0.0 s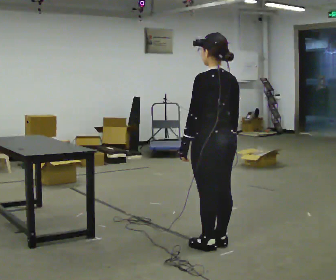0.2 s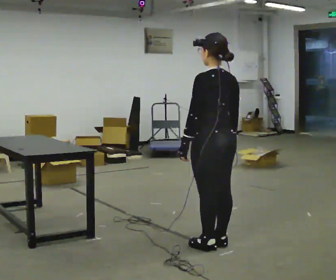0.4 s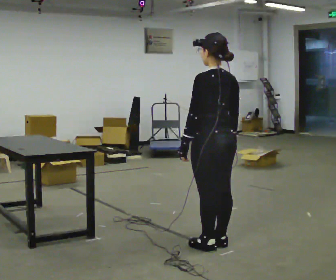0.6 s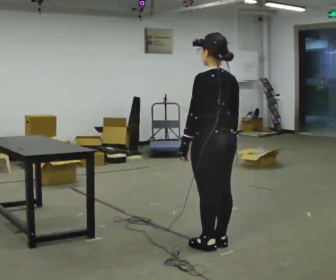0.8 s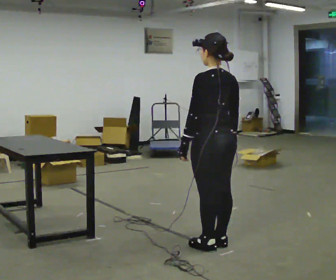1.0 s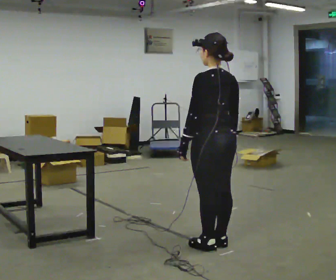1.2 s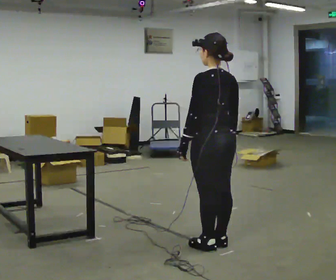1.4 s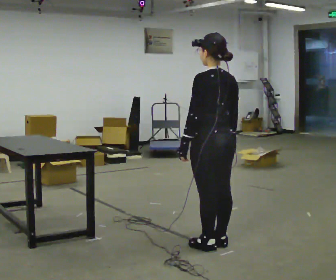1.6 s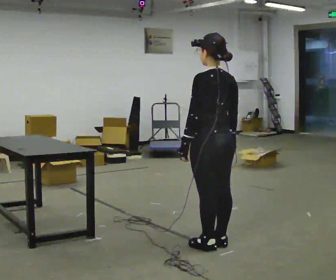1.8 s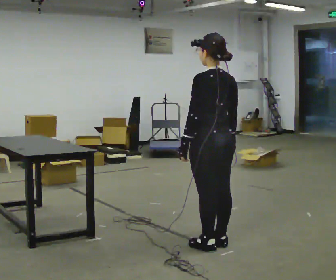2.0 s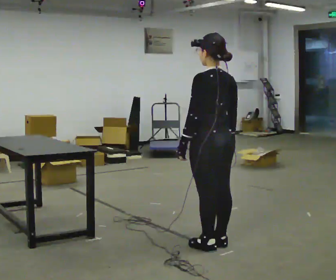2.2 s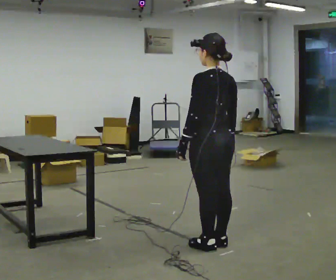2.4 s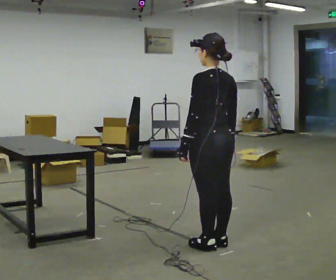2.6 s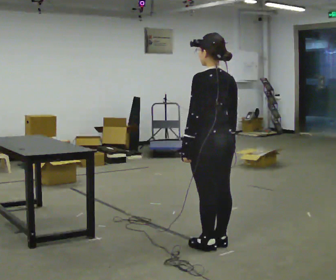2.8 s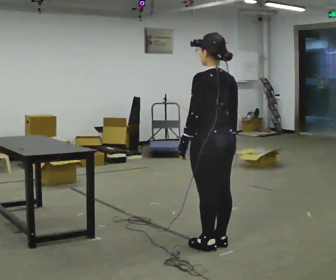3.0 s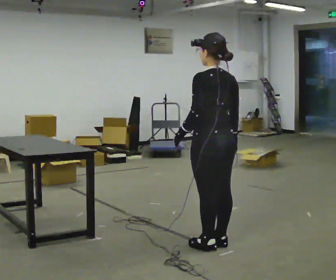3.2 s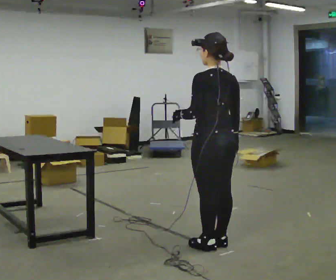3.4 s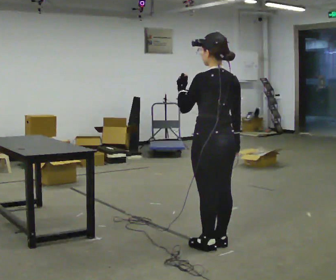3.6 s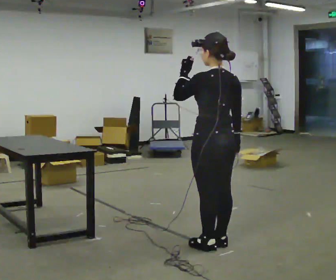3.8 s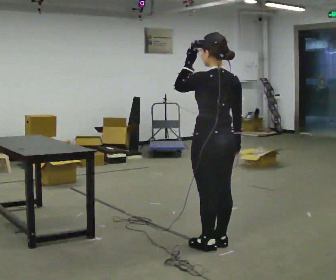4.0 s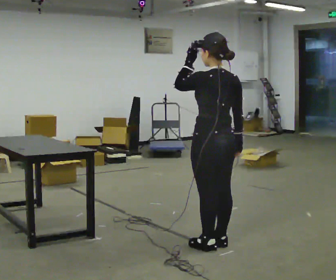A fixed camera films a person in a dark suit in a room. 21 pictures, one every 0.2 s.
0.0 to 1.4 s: The person keeps their place and pose.
1.4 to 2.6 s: The person moves a little, or ends about where they began.
2.6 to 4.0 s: In the picture their left hand goes upward.
The film runs backward here.
